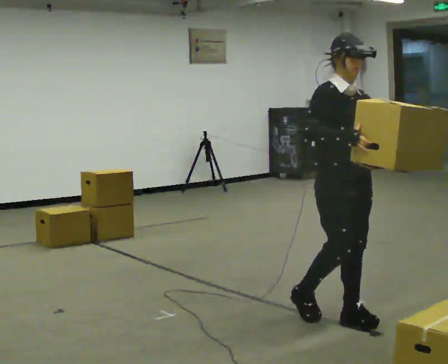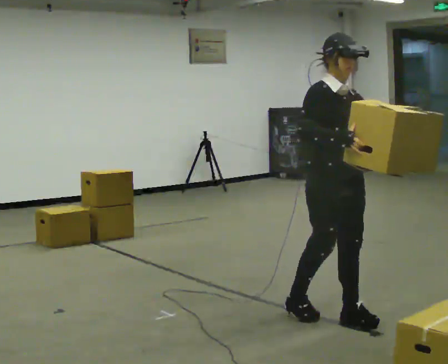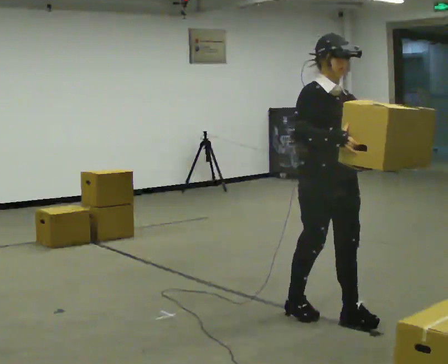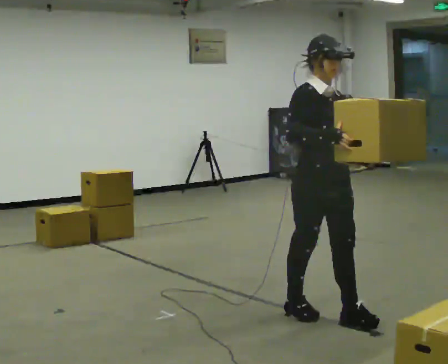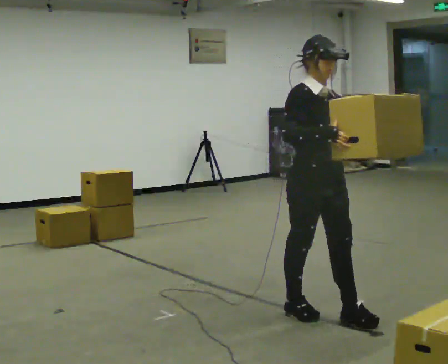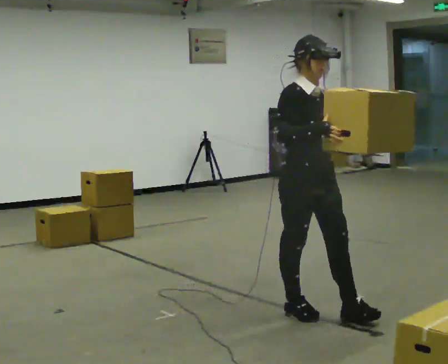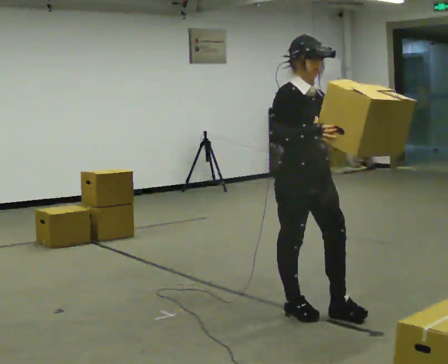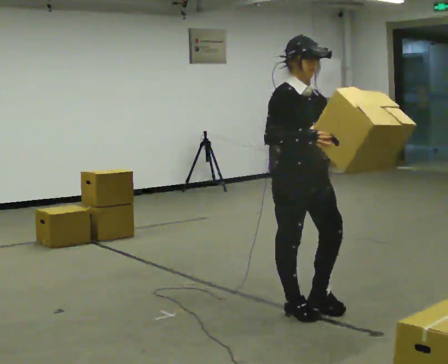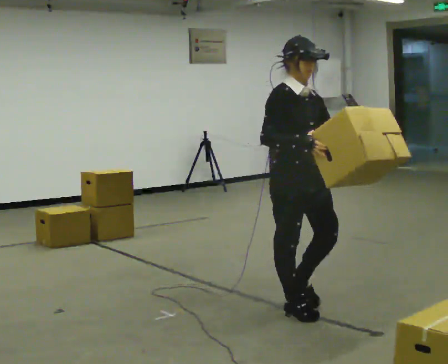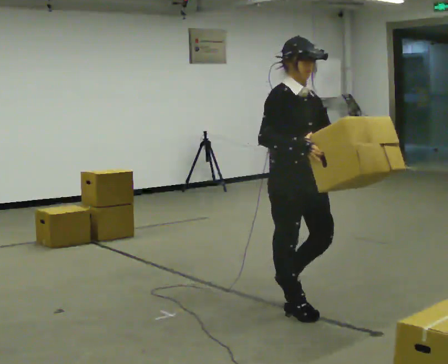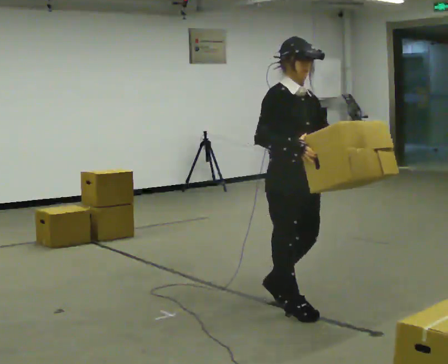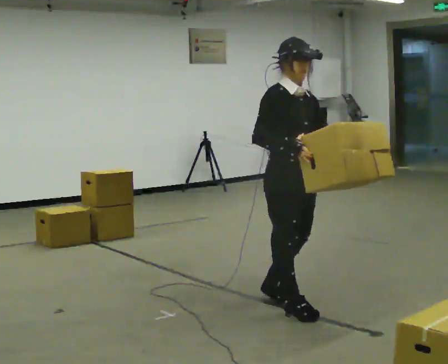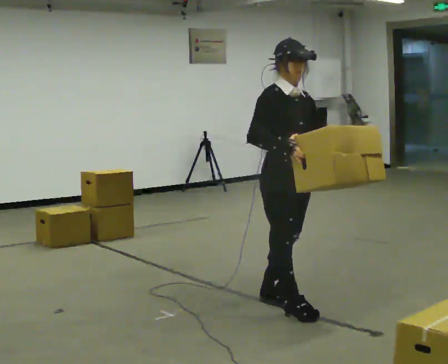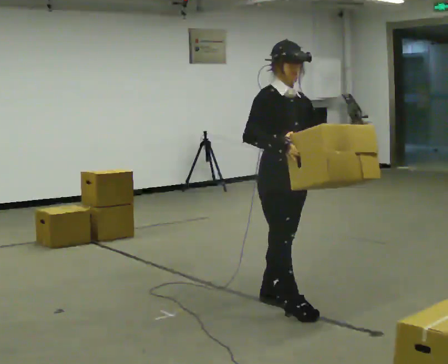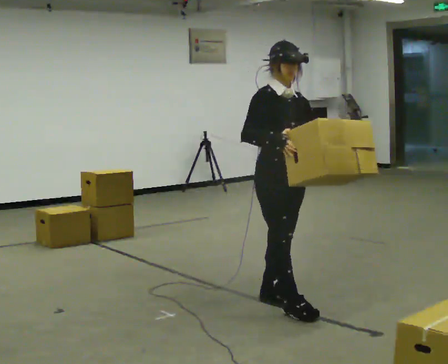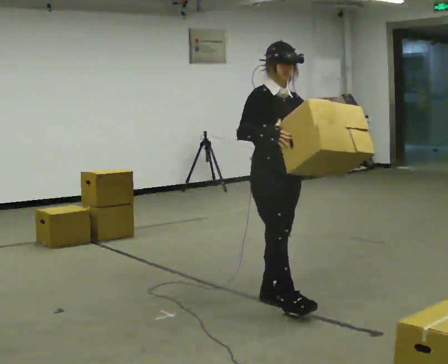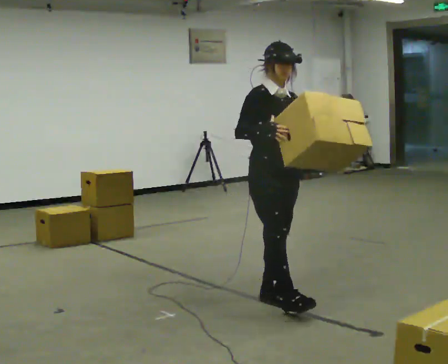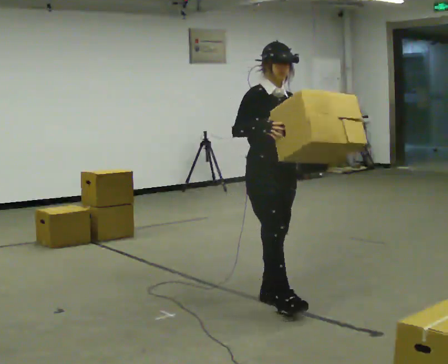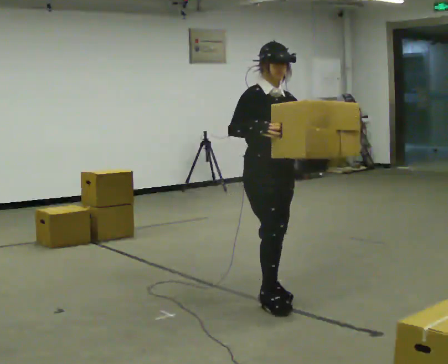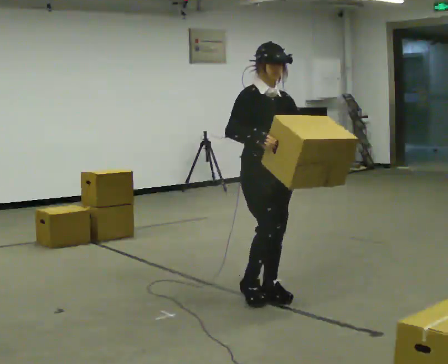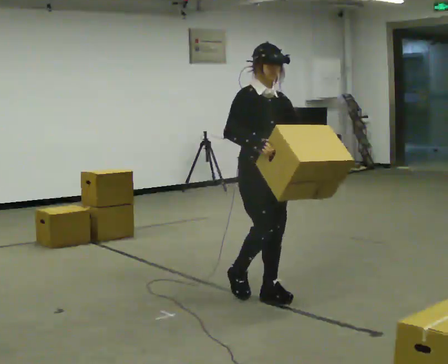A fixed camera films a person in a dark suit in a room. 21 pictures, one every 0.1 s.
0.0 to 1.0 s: In the picture they go to the left and away from the camera, about 0.25 m in 1 step, which for them is backward.
1.0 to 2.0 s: In the picture they go away from the camera and to the left, about 0.25 m in 1 step, which for them is backward.
The film runs backward here.
